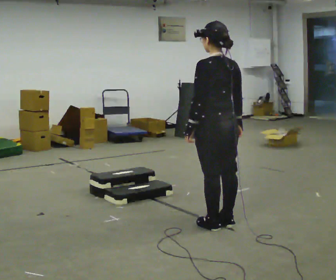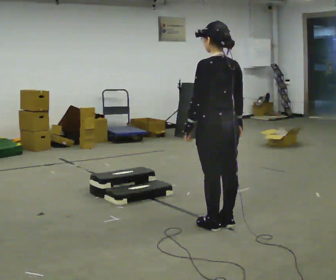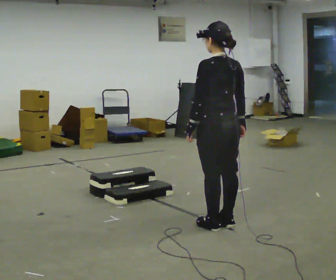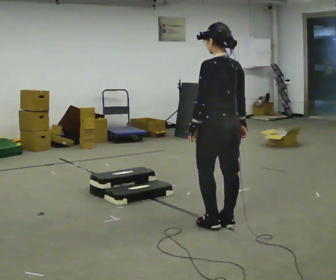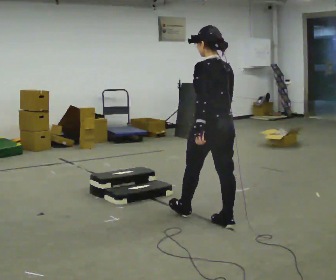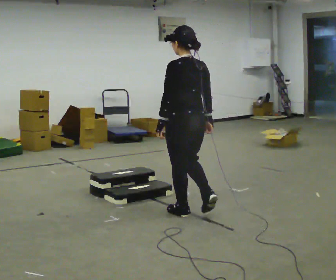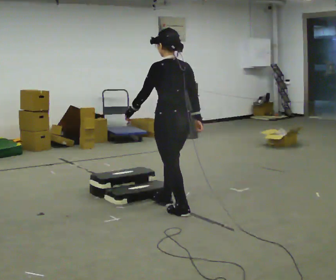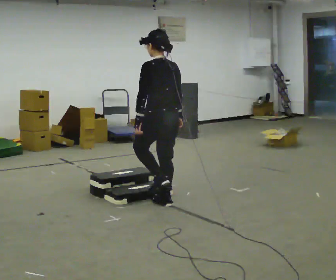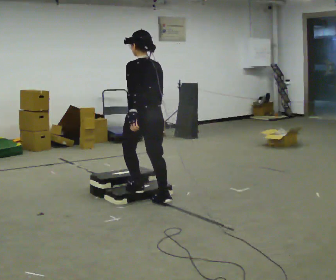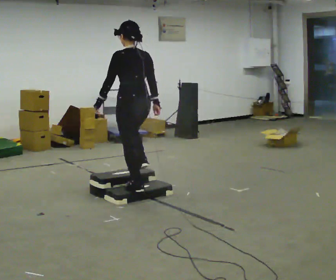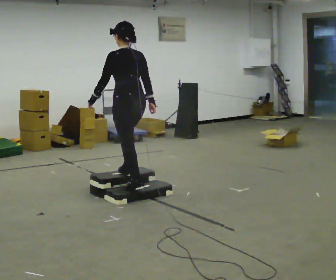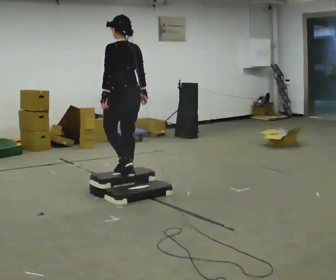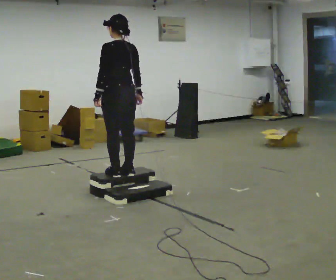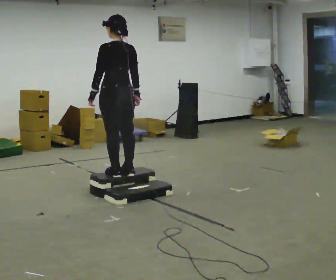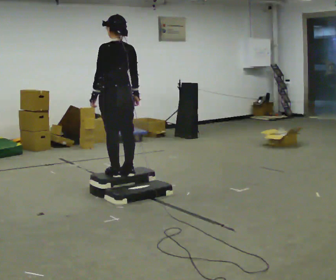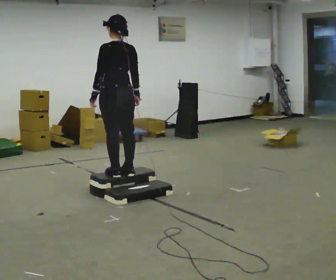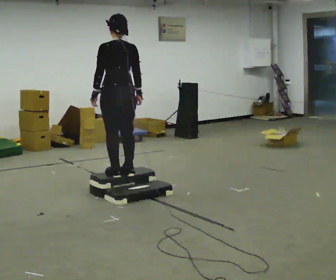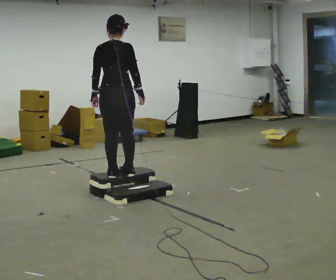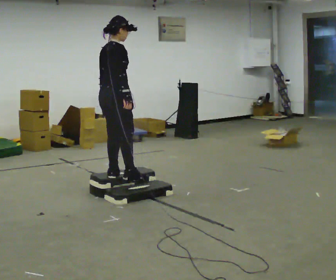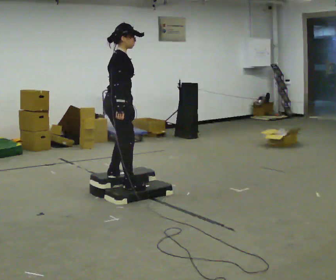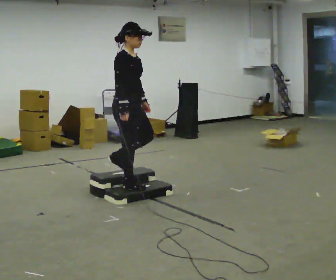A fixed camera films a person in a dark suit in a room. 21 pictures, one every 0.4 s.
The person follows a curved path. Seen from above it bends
counterclockwise.
The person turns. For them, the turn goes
to their right.
0.0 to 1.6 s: The person moves a little, or ends about where they began.
1.6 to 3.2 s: In the picture they go away from the camera and to the left, about 1 m in 3 steps, which for them is forward.
3.2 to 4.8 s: In the picture they go away from the camera and to the left, about 0.5 m in 2 steps, which for them is forward. The shoulders move upward.
4.8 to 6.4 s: The person moves a little, or ends about where they began.
6.4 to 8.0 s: Seen from above the body turns clockwise, about 120 degrees: to their right, with its near side sliding to the left. In the picture their left hand goes to the right, the arm swinging counterclockwise.
The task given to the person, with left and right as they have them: Walk up the three steps, turn at the top, and walk back down at a comfortable speed. Use the handrail only if you need it.
The film runs forward here.
